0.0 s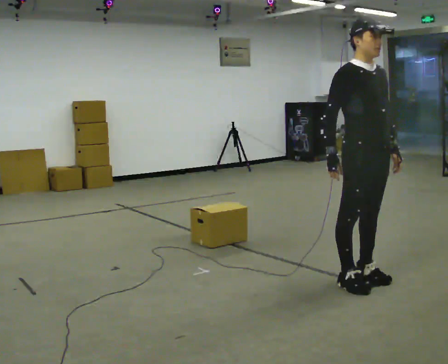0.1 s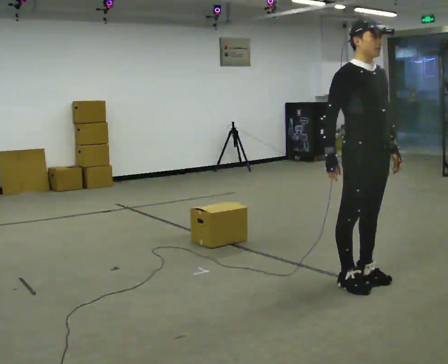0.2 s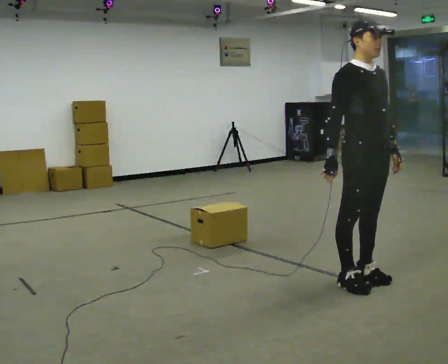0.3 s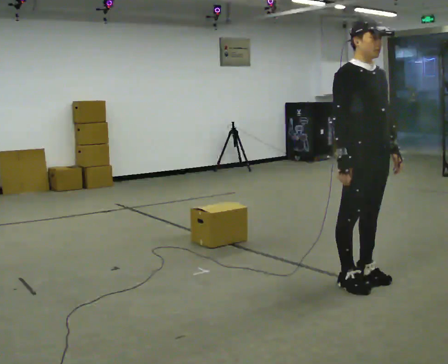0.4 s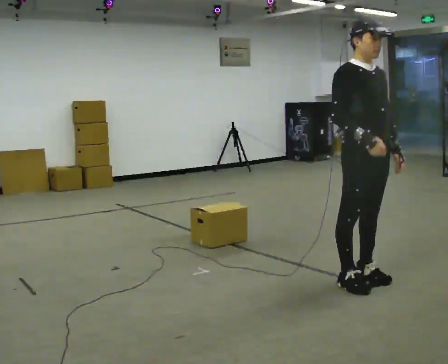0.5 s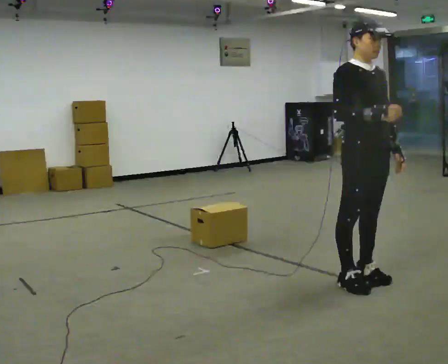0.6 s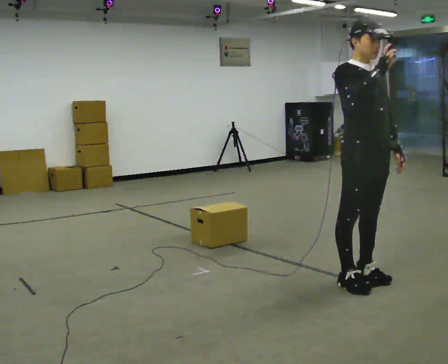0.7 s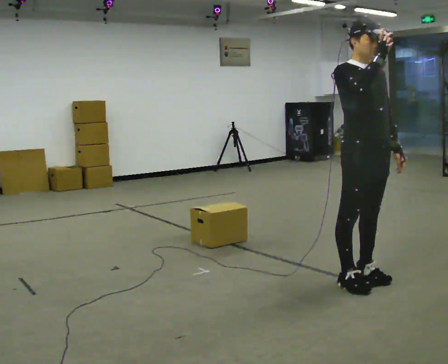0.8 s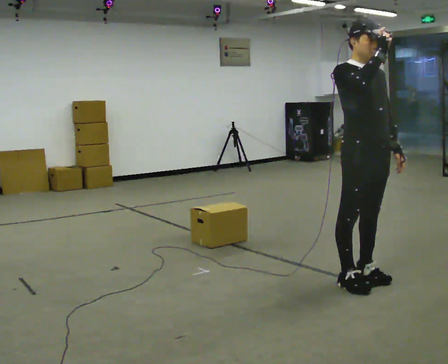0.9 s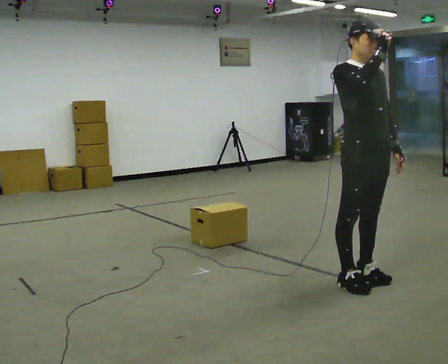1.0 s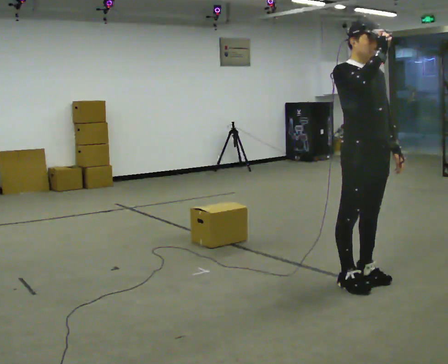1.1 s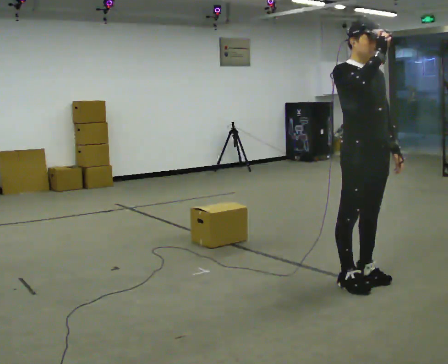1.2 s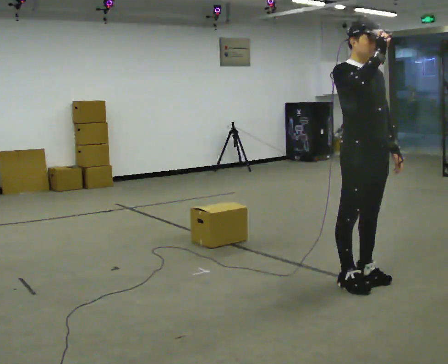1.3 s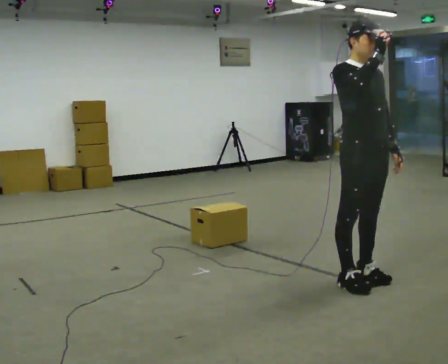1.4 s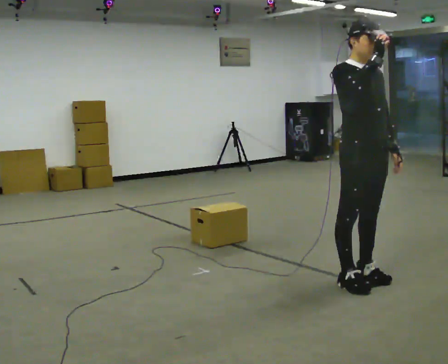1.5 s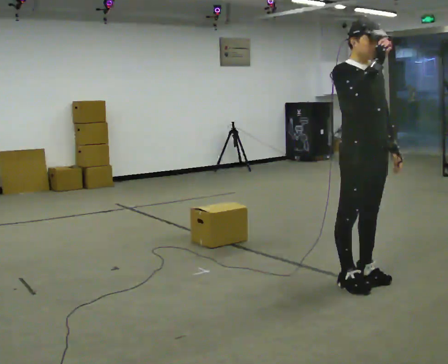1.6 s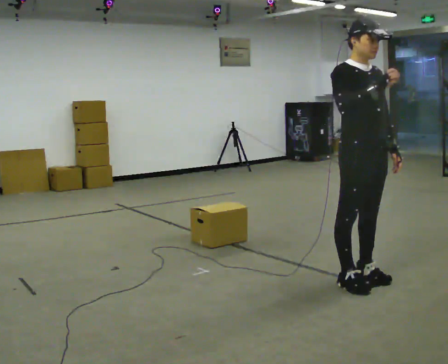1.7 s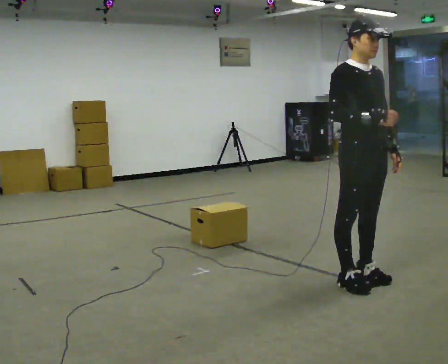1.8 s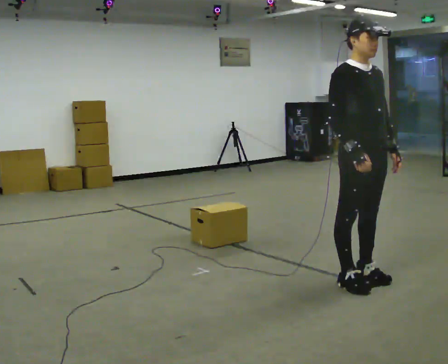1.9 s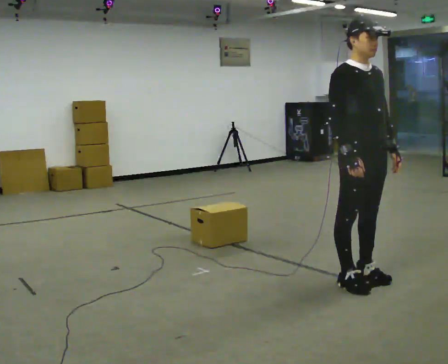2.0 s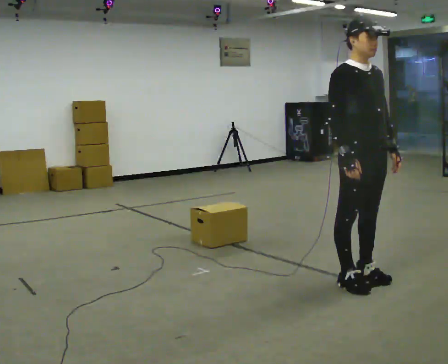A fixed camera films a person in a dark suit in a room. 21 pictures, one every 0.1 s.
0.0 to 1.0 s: In the picture their right hand goes upward.
1.0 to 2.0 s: In the picture their right hand goes downward.
The film runs backward here.
